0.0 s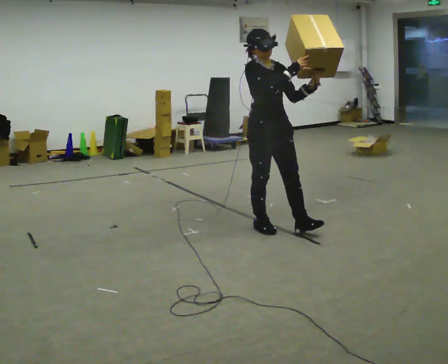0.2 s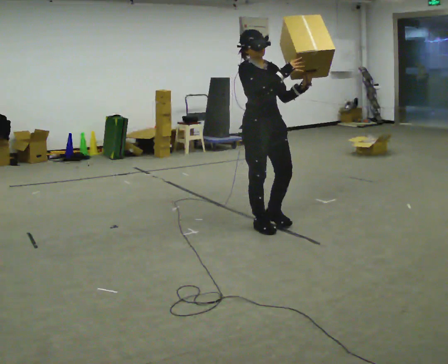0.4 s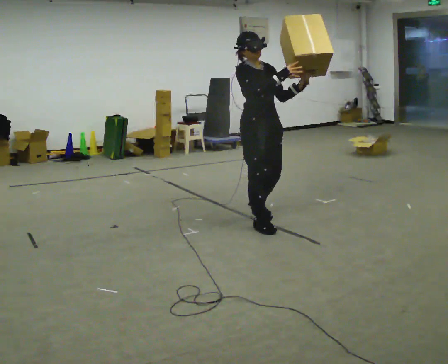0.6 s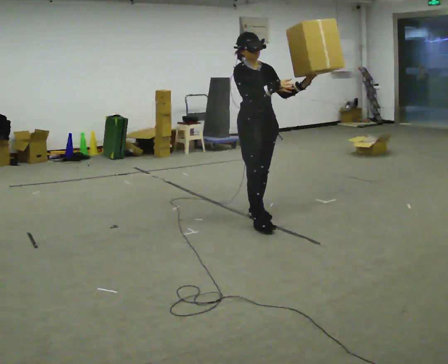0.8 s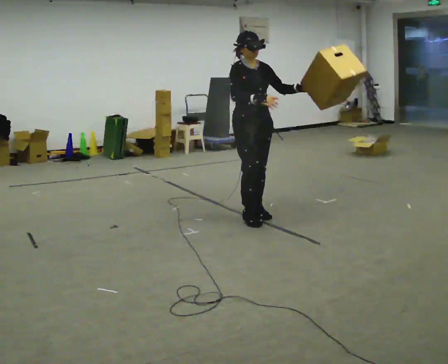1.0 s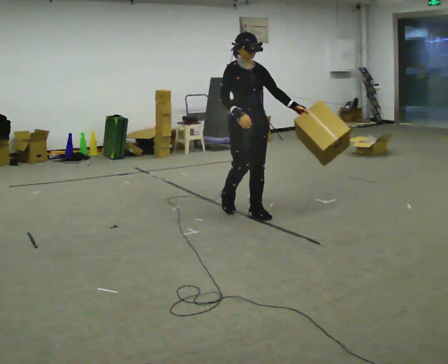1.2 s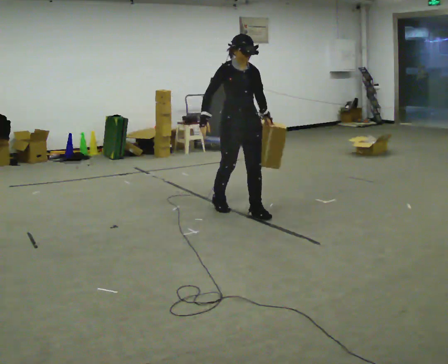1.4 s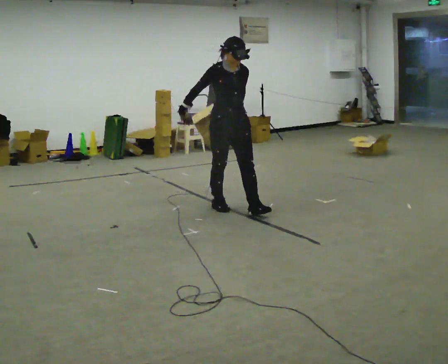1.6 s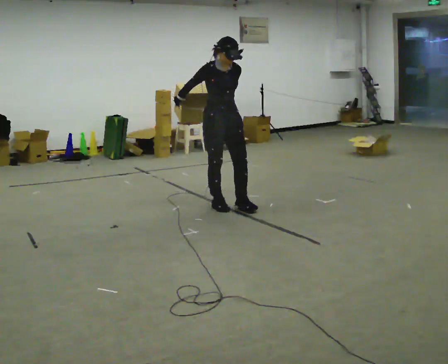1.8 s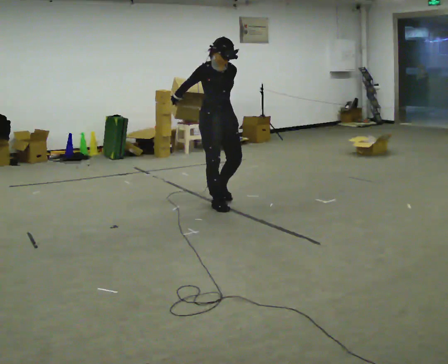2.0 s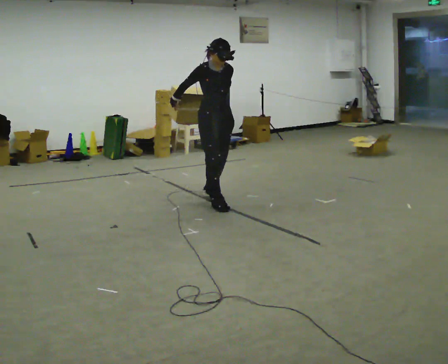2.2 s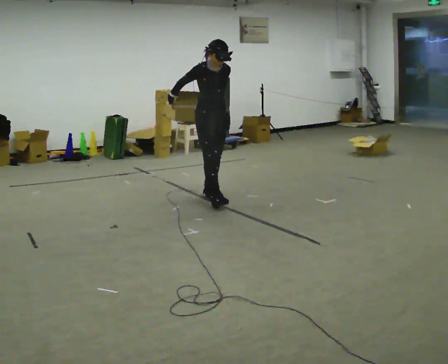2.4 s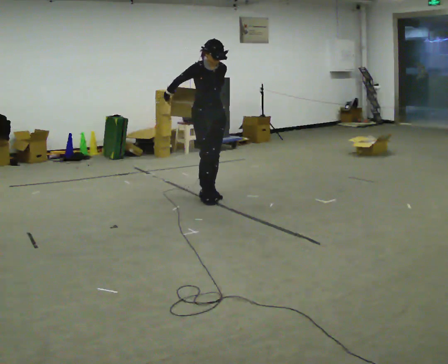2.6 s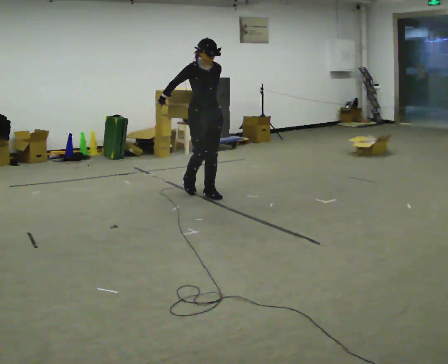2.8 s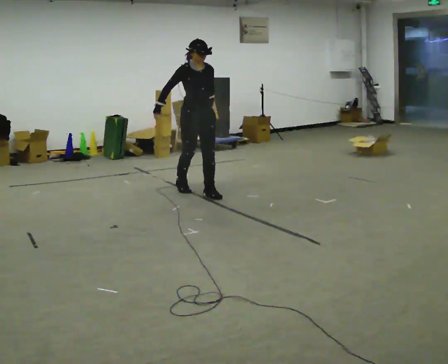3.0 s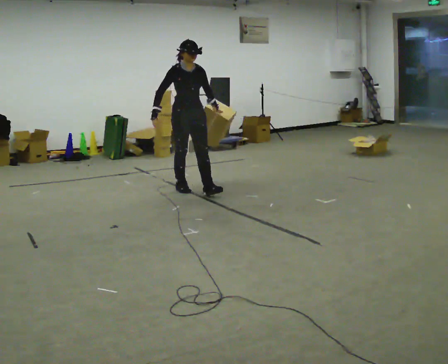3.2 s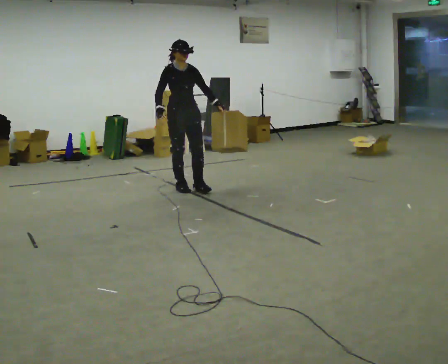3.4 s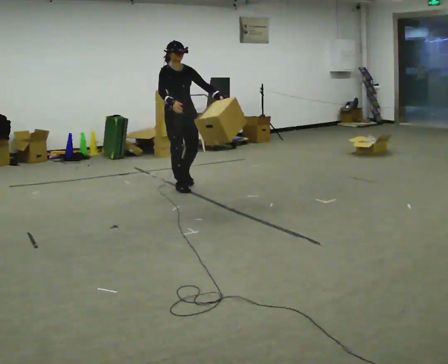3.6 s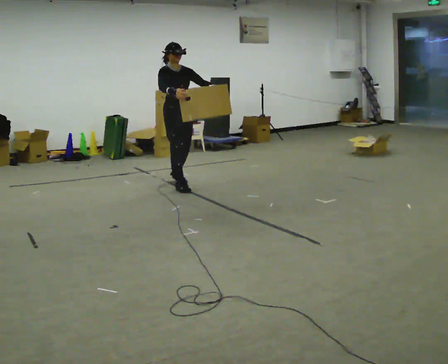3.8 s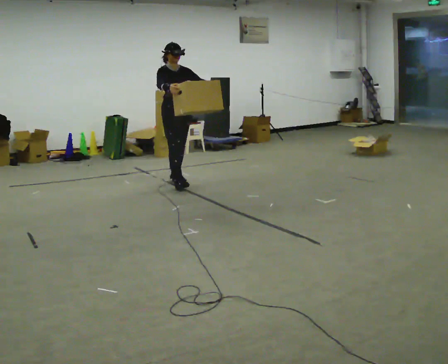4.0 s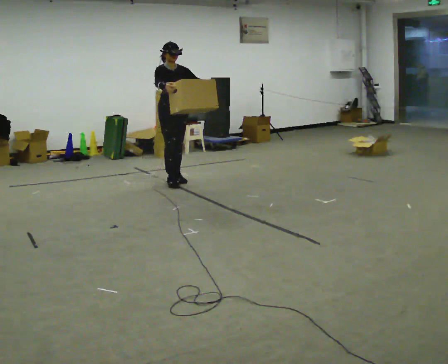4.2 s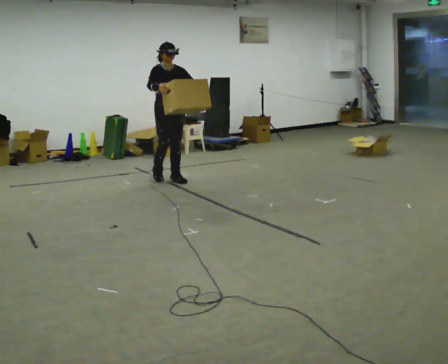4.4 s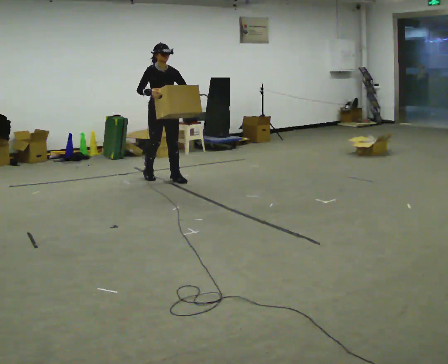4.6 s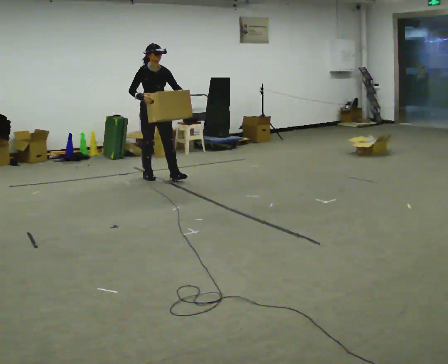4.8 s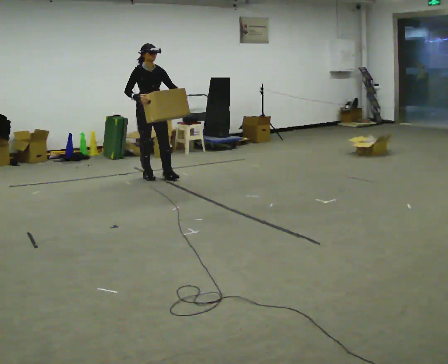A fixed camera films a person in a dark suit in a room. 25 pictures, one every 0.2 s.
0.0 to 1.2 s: In the picture they go away from the camera, about 0.5 m in 1 step, which for them is backward. In the picture their right hand goes downward.
1.2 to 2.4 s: In the picture they go away from the camera and to the left, about 0.75 m in 2 steps, which for them is backward.
2.4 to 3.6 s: In the picture they go away from the camera and to the left, about 0.5 m in 1 step, which for them is backward.
3.6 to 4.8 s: In the picture they go away from the camera and to the left, about 0.5 m in 2 steps, which for them is backward.
The film runs backward here.
